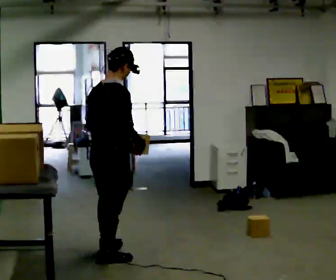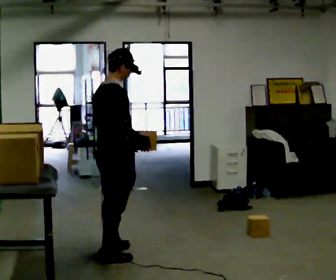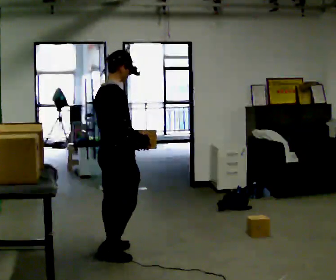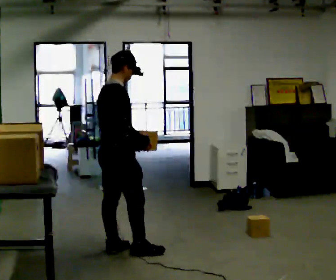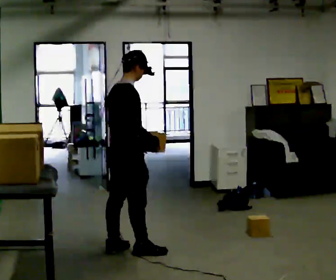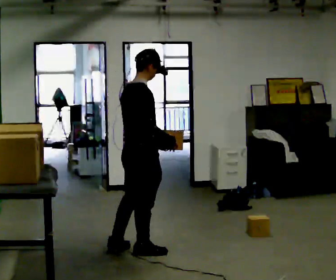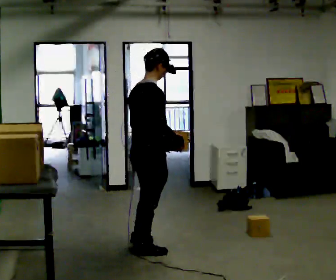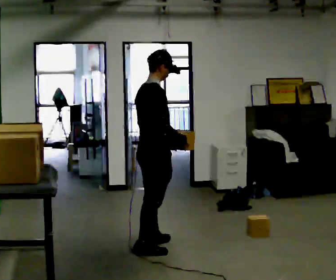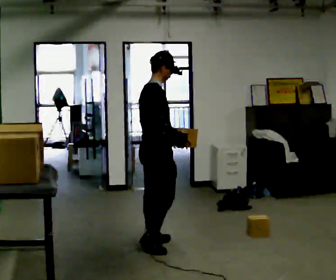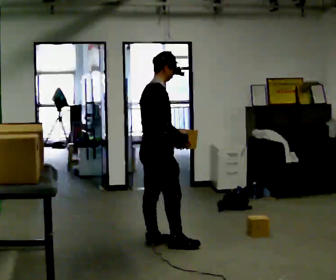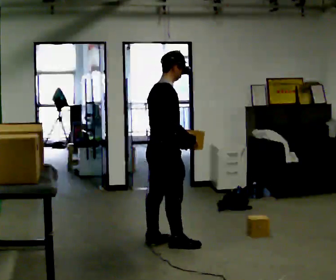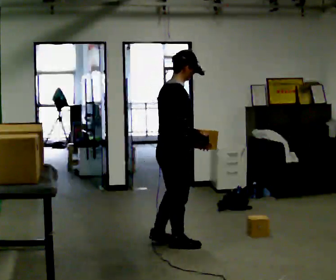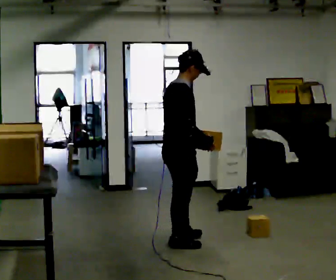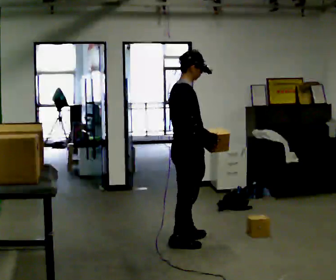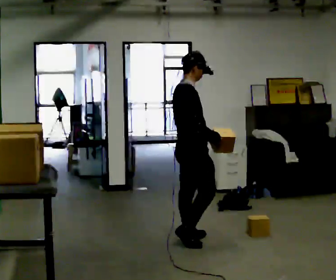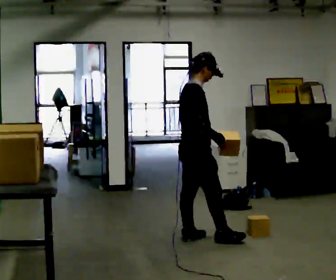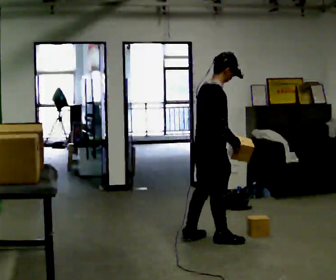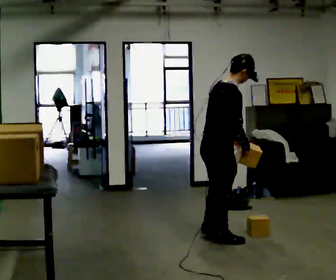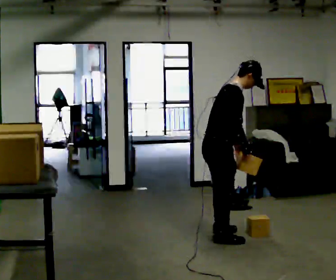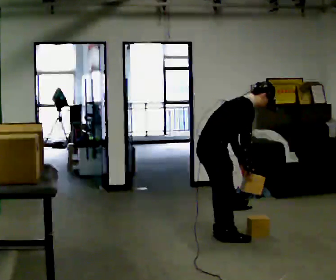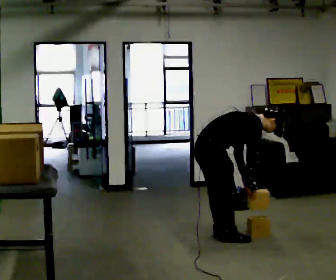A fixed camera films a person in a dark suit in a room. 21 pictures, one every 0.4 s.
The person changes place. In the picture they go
to the right.
The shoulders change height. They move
downward.
0.0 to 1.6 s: In the picture they go away from the camera, about 0.25 m in 2 steps, which for them is forward and to their left.
1.6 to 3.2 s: In the picture they go to the right and away from the camera, about 0.25 m in 1 step, which for them is forward.
3.2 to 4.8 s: In the picture they go to the right, about 0.25 m in 1 step, which for them is forward and to their right.
4.8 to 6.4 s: In the picture they go to the right, about 0.25 m in 2 steps, which for them is forward.
6.4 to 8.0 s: The shoulders move downward. In the picture the upper body tilts clockwise, shoulders to the right, as they bend forward. In the picture their right hand goes downward.
The film runs forward here.
